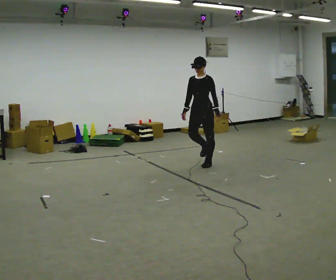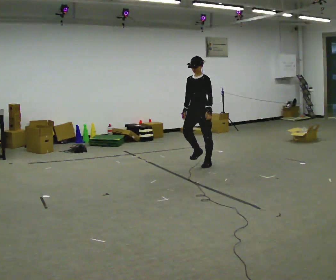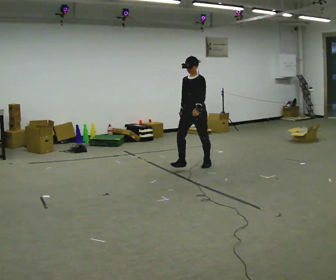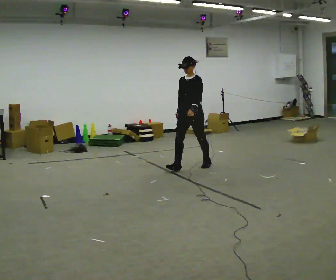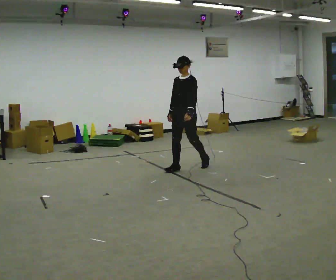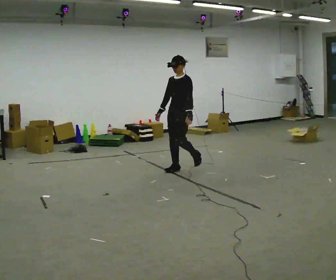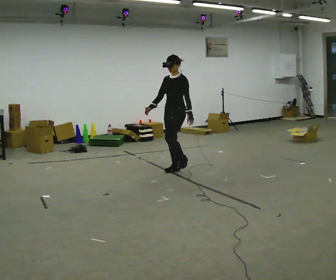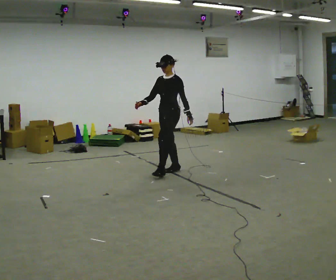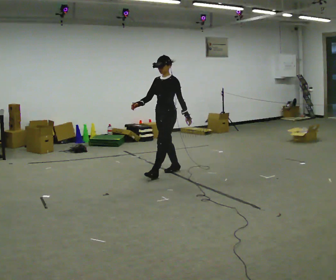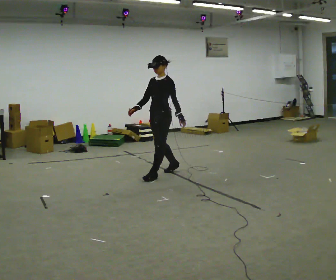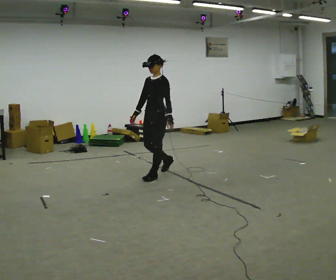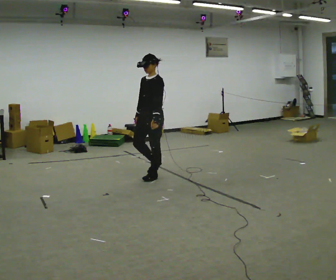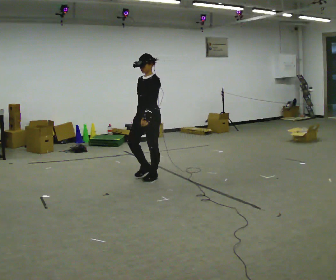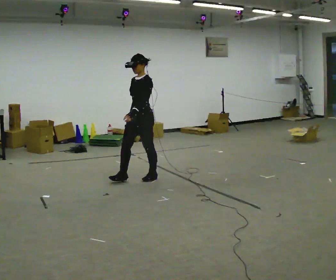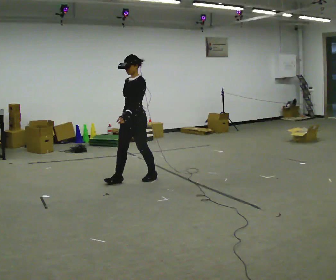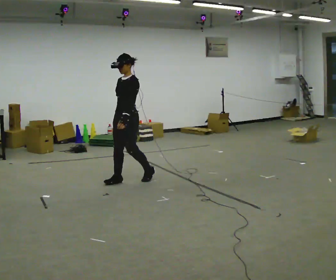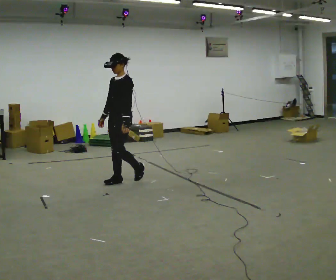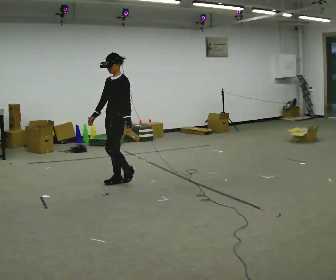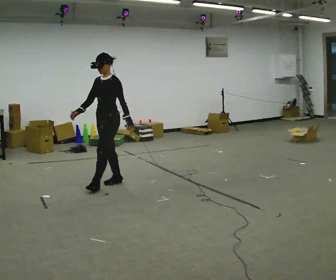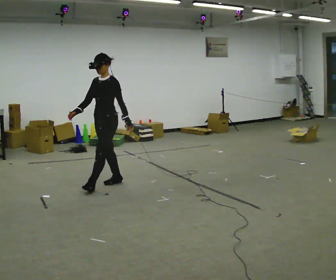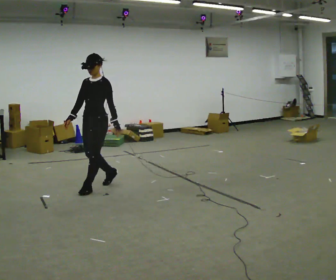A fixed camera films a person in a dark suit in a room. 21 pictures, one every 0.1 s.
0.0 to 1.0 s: In the picture they go to the left and toward the camera, about 1 m in 2 steps, which for them is forward.
1.0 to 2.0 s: In the picture they go to the left and toward the camera, about 1 m in 2 steps, which for them is forward.
The film runs forward here.
